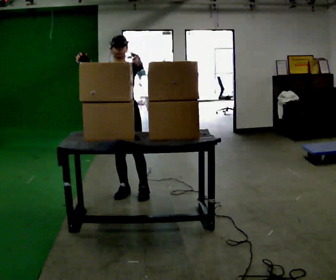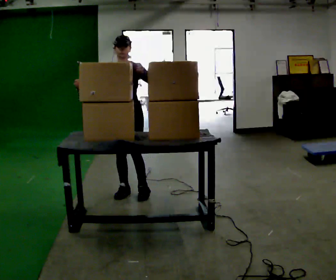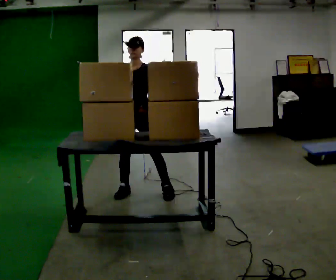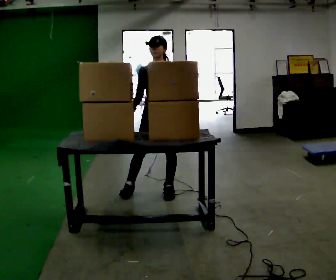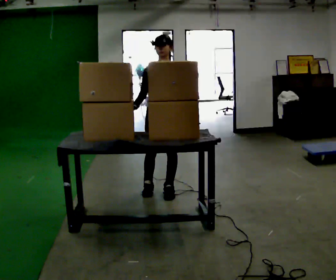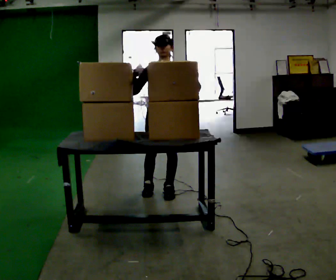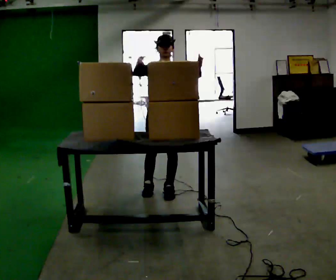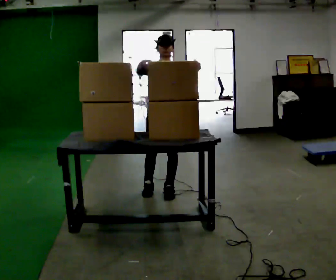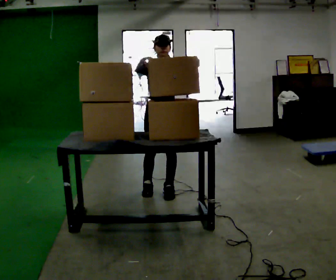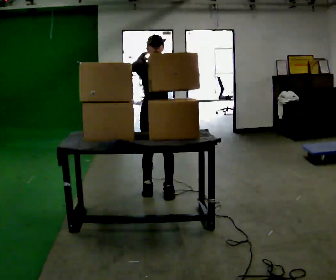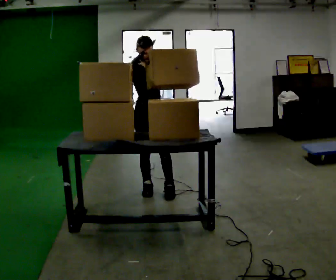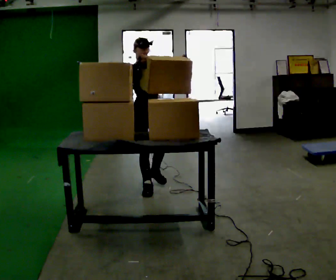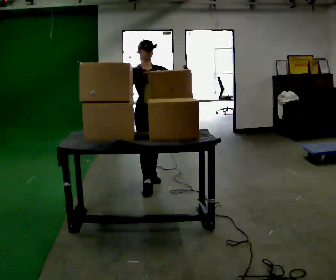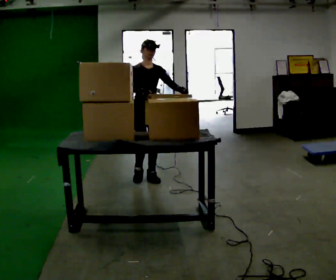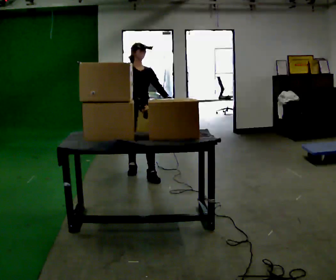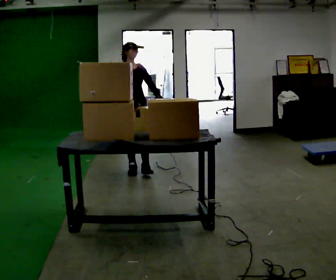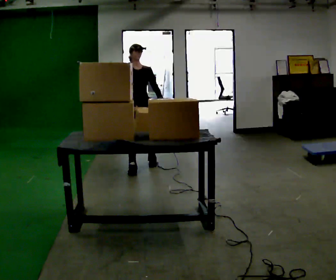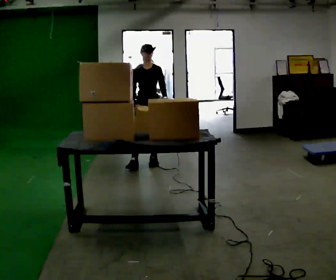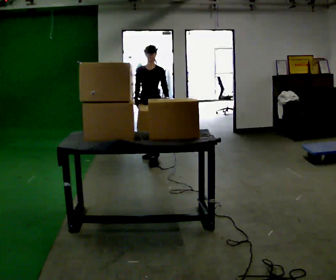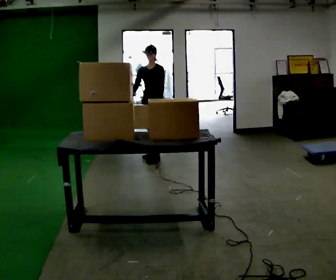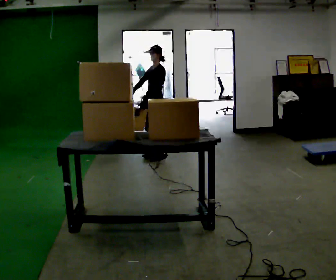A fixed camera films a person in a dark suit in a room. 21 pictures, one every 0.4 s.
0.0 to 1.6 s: In the picture they go to the right, about 0.5 m in 2 steps, which for them is to their left. In the picture their left hand goes downward.
1.6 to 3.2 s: In the picture their left hand goes upward.
3.2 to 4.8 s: The part of the body nearest the lens slides to the right as the person turns to their left by about 30 degrees. In the picture they go away from the camera, about 0.25 m in 1 step, which for them is backward.
4.8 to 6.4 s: In the picture they go away from the camera, about 0.5 m in 2 steps, which for them is backward. In the picture their left hand goes downward, the arm swinging clockwise.
6.4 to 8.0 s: Seen from above the body turns clockwise, about 90 degrees: to their right, with its near side sliding to the left. In the picture they go away from the camera and to the right, about 0.75 m in 3 steps.
The film runs backward here.
